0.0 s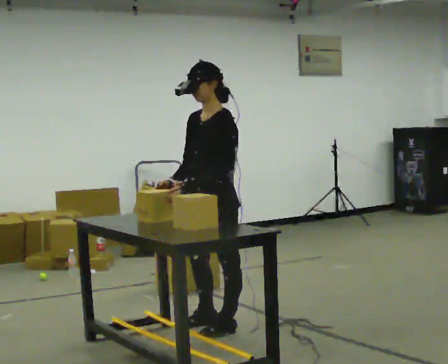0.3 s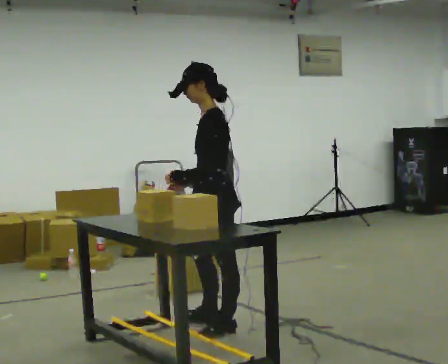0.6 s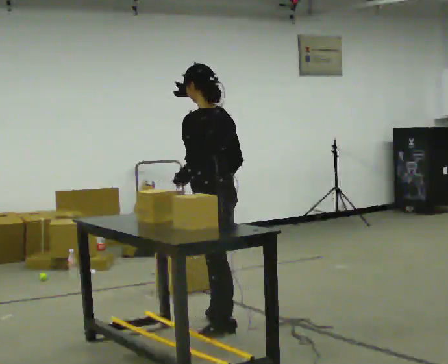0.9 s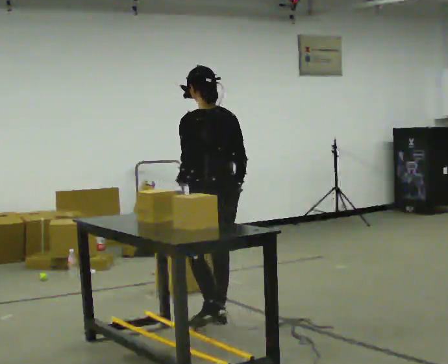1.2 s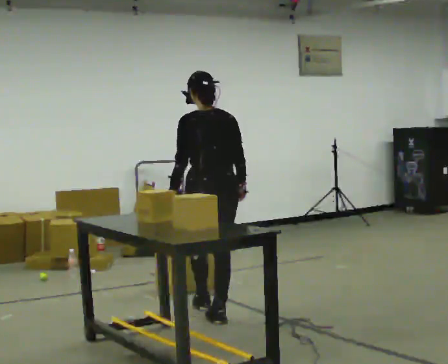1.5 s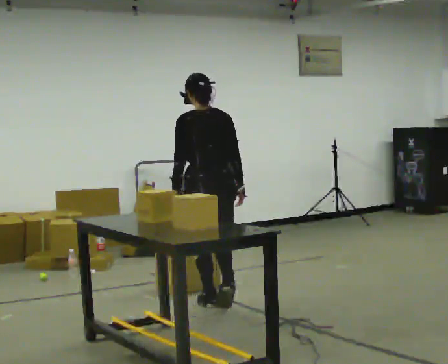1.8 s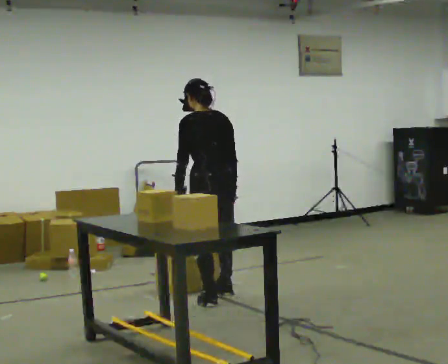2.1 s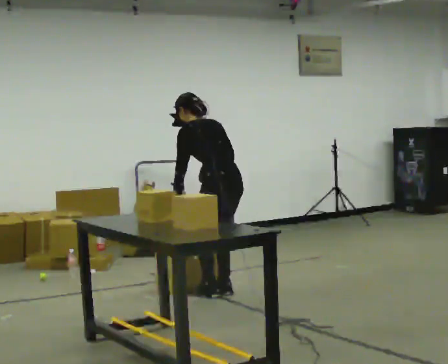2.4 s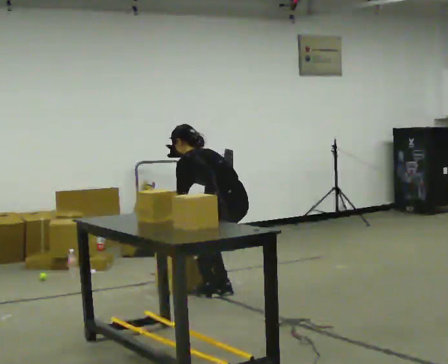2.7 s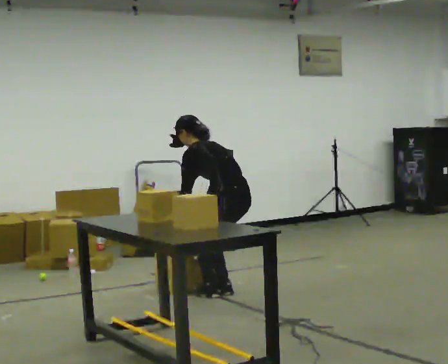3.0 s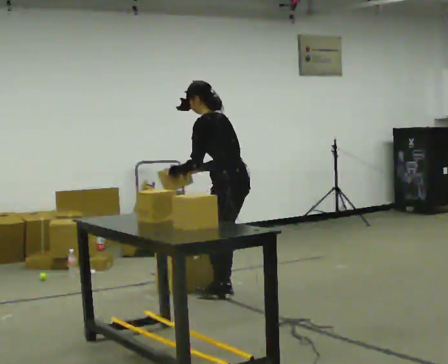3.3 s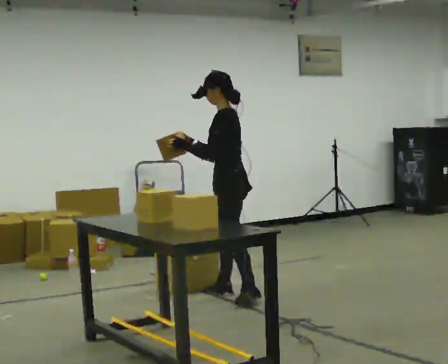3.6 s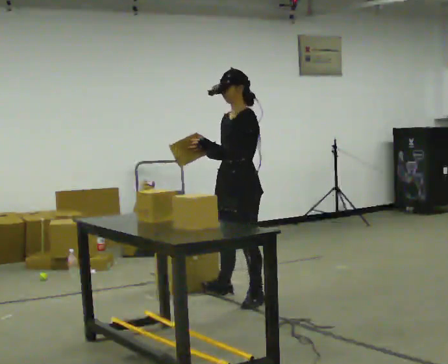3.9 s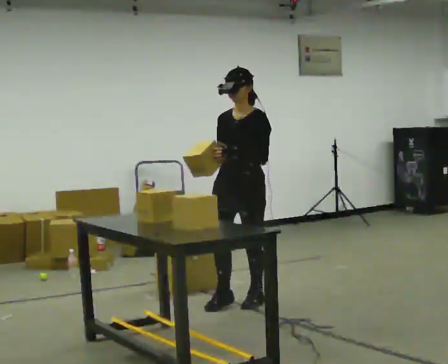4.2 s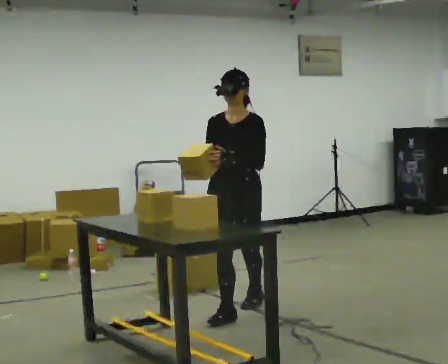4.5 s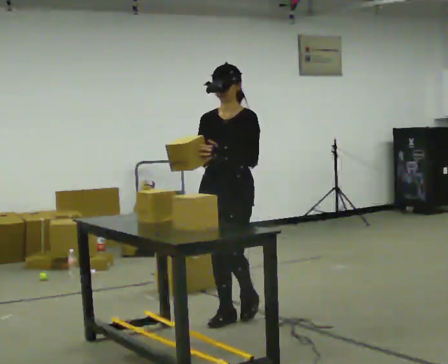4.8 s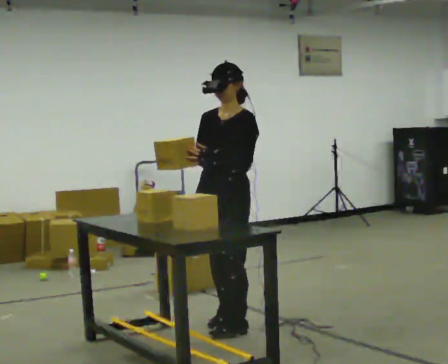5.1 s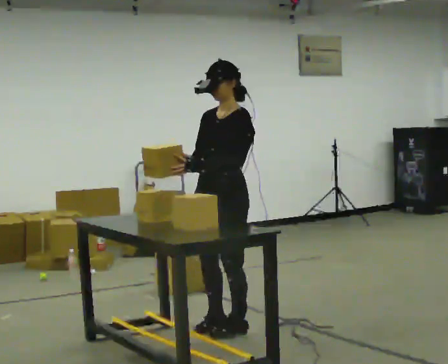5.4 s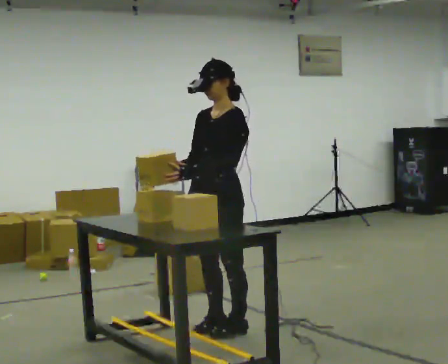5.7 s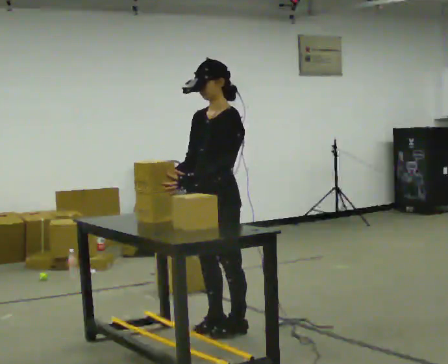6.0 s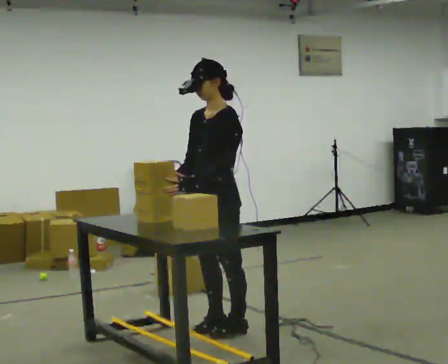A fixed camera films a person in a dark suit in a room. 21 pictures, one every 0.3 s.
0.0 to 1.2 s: The person turns about 105 degrees to their right, clockwise seen from above, so the part of the body nearest the lens slides to the left. In the picture they go away from the camera, about 0.5 m.
1.2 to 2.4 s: The part of the body nearest the lens slides to the right as the person turns to their left by about 30 degrees. In the picture they go away from the camera, about 0.5 m in 3 steps, which for them is forward and to their right. The upper body goes downward. In the picture the upper body tilts counterclockwise, shoulders to the left, as they bend forward. In the picture their right hand goes downward.
2.4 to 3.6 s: The part of the body nearest the lens slides to the right as the person turns to their left by about 75 degrees. In the picture they go toward the camera, about 0.25 m in 1 step. The upper body goes upward. In the picture the upper body tilts clockwise, shoulders to the right, as they lean back or straighten. In the picture their right hand goes upward, the arm swinging clockwise.
3.6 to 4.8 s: In the picture they go toward the camera, about 0.75 m in 2 steps, which for them is forward.
4.8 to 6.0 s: The person moves a little, or ends about where they began.
The film runs forward here.
